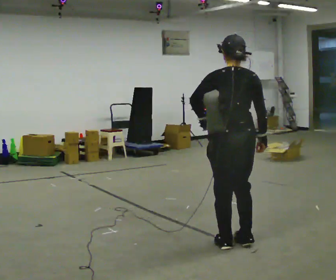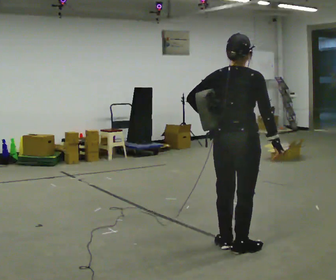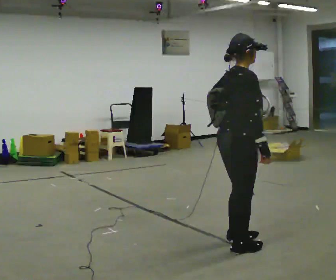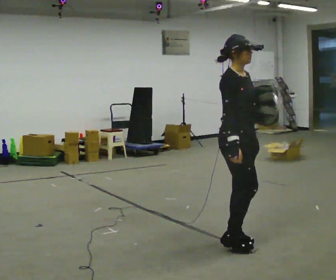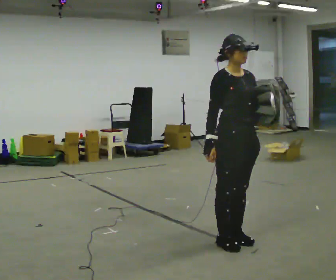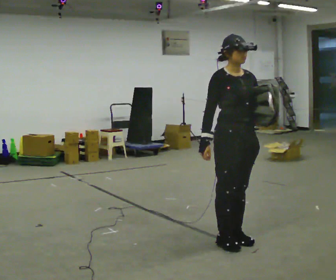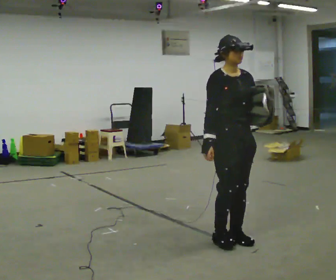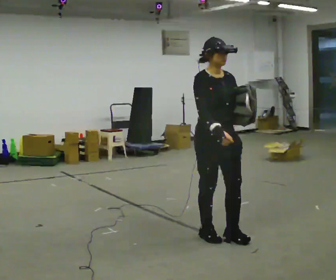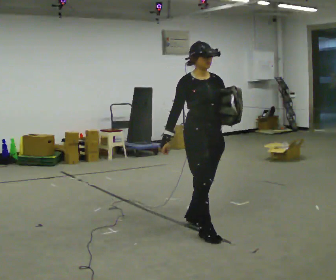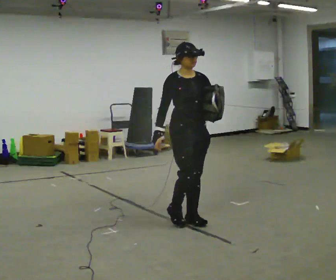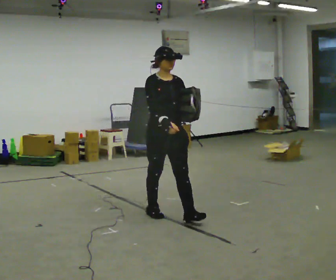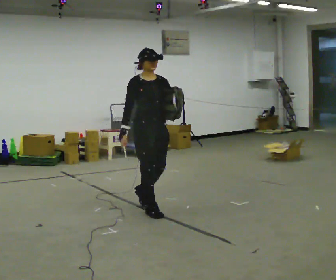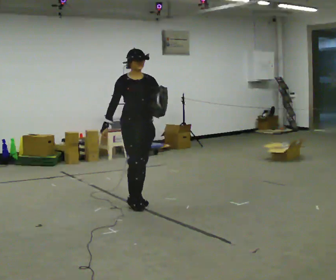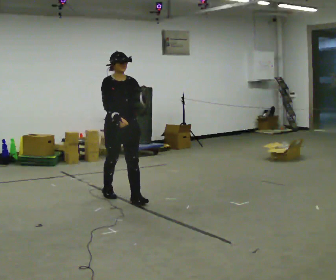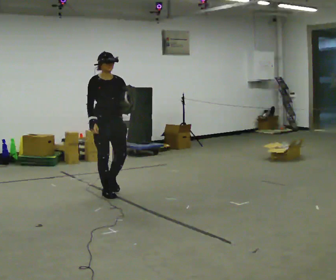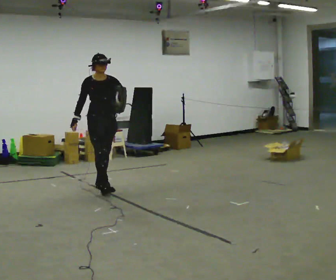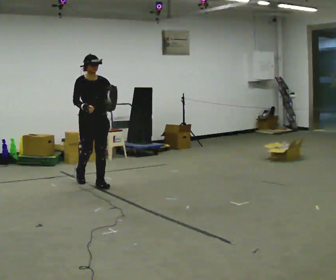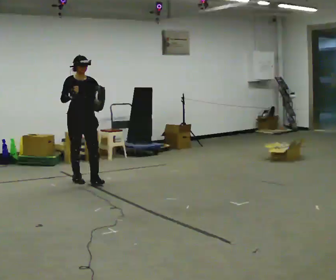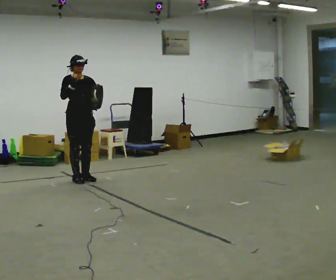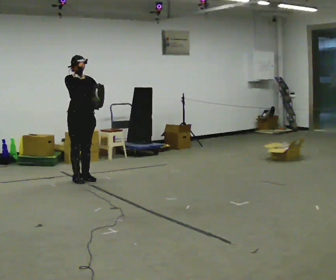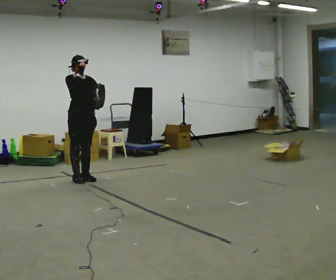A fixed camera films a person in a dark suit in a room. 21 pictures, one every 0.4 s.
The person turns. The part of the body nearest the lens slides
to the left.
The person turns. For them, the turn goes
to their right.
0.0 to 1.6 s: Seen from above the body turns clockwise, about 150 degrees: to their right, with its near side sliding to the left. In the picture their right hand goes to the left, the arm swinging clockwise.
1.6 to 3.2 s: In the picture they go away from the camera and to the left, about 0.5 m in 2 steps, which for them is backward.
3.2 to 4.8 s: In the picture they go away from the camera and to the left, about 1 m in 3 steps, which for them is backward.
4.8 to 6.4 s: In the picture they go away from the camera and to the left, about 1 m in 2 steps, which for them is backward.
6.4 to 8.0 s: In the picture they go away from the camera and to the left, about 0.25 m in 1 step, which for them is backward. In the picture their right hand goes upward.
The film runs backward here.
